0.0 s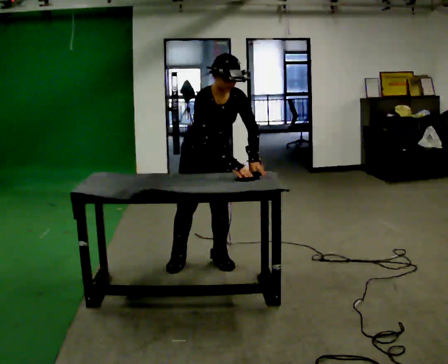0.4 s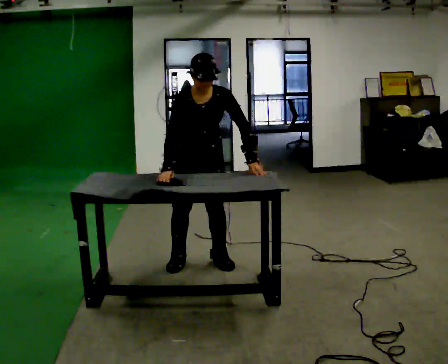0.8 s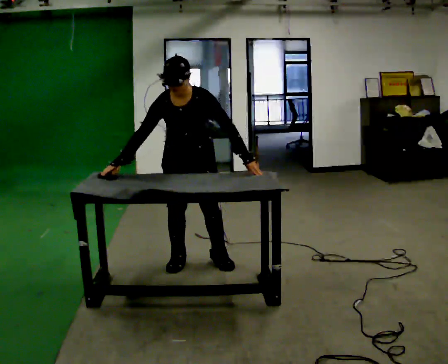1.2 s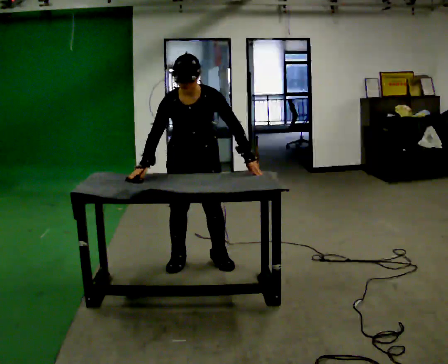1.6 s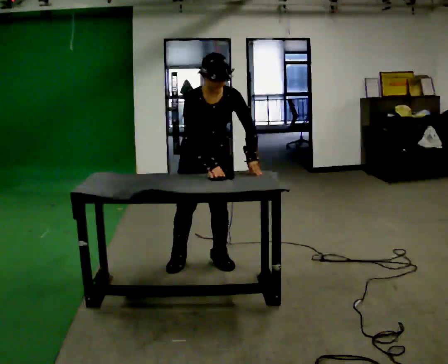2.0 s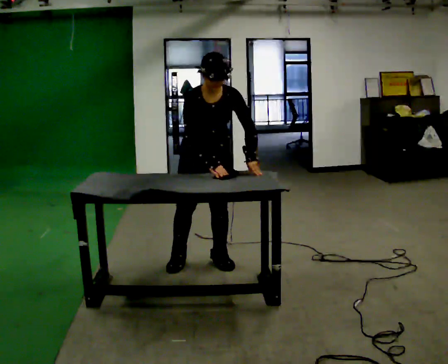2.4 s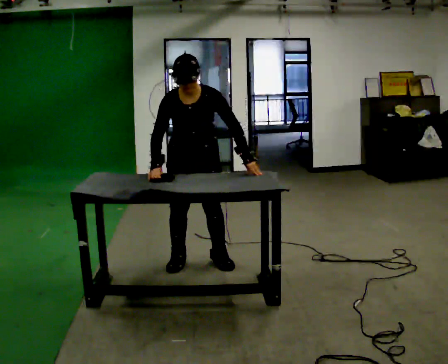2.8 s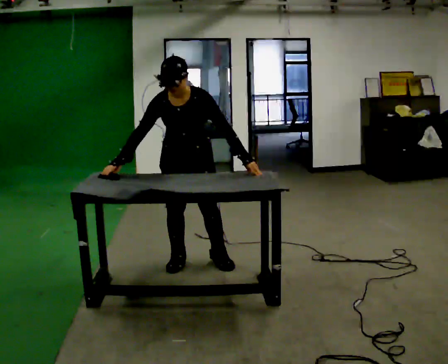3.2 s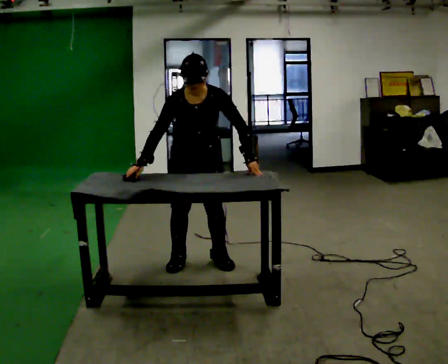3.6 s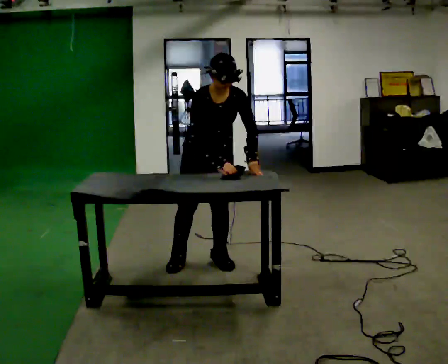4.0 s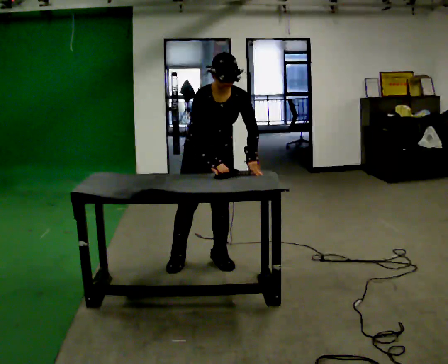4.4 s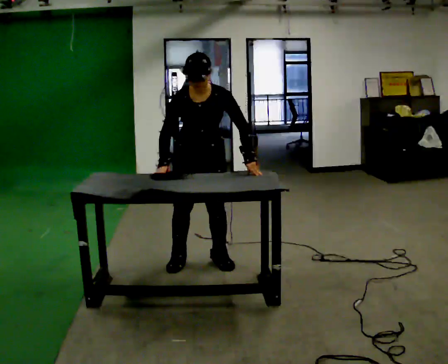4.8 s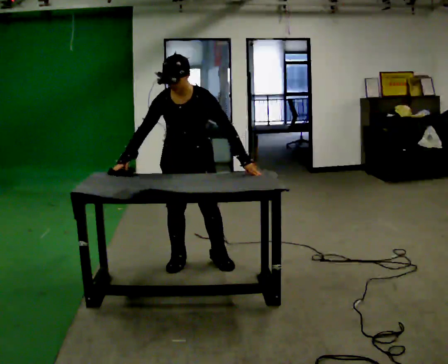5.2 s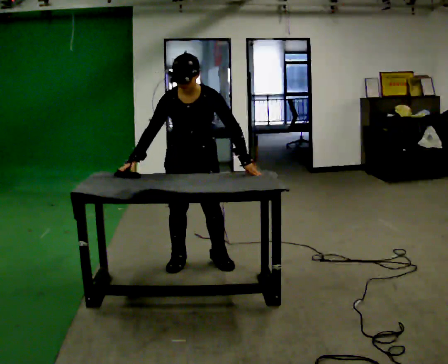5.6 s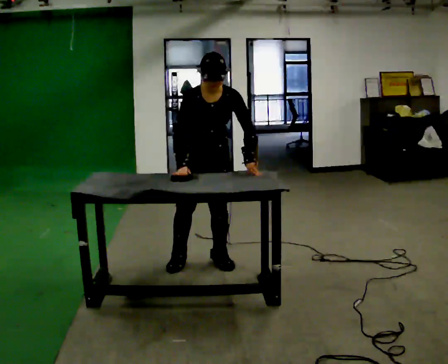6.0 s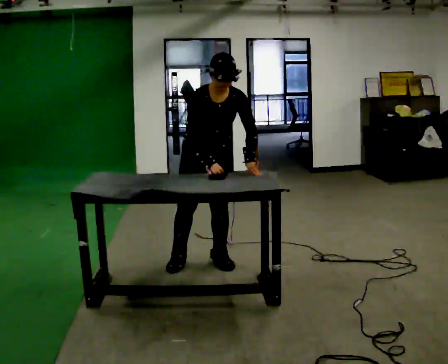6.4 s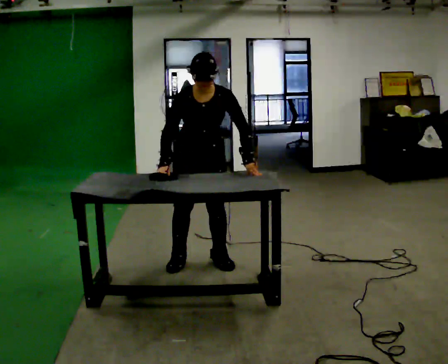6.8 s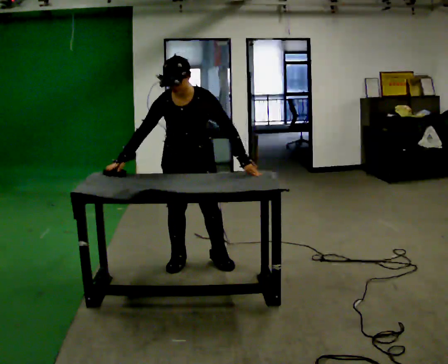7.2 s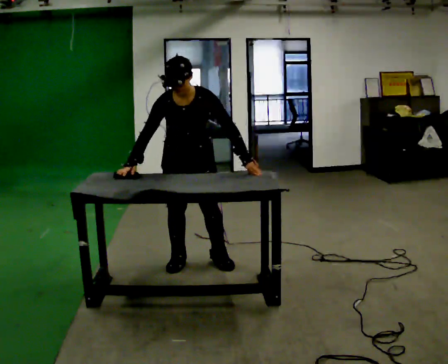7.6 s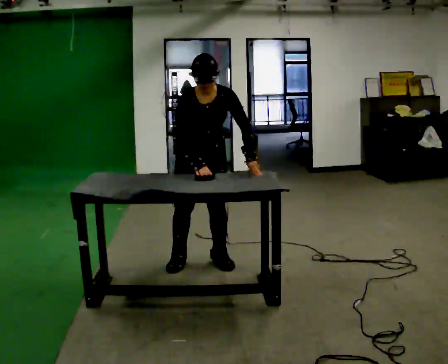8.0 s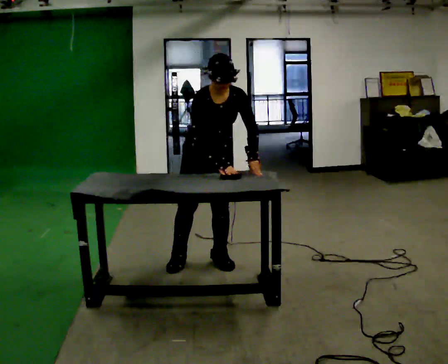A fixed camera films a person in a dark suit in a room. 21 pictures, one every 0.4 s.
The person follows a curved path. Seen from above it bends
clockwise.
0.0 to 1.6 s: The person moves a little, or ends about where they began.
1.6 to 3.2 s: In the picture their right hand goes to the left.
3.2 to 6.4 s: The person moves a little, or ends about where they began.
6.4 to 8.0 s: In the picture their right hand goes to the right.
The film runs forward here.
